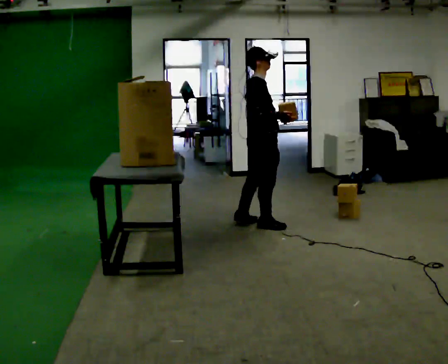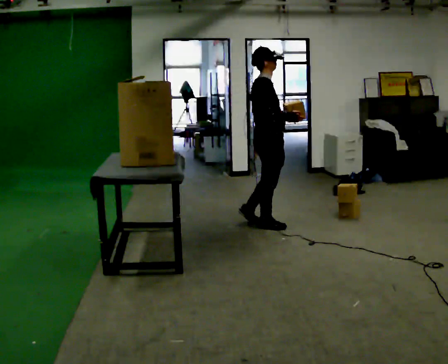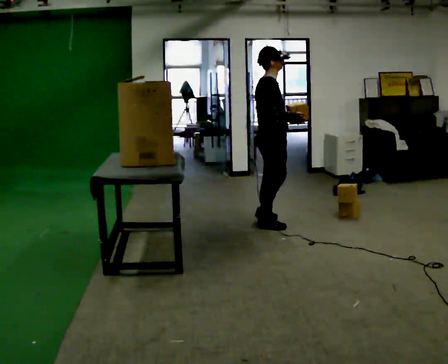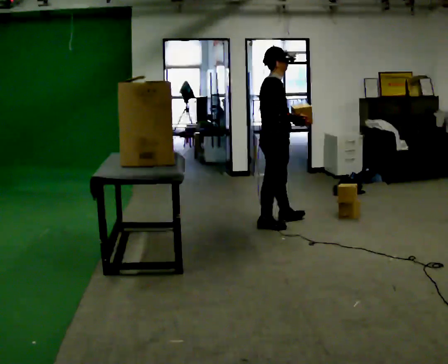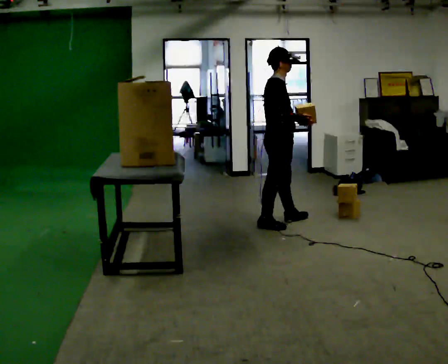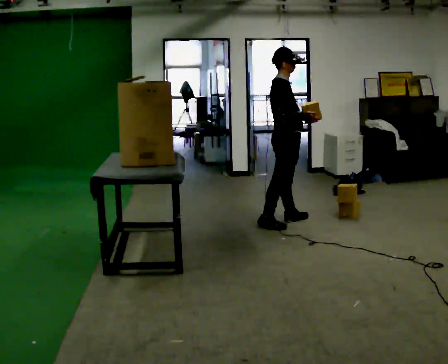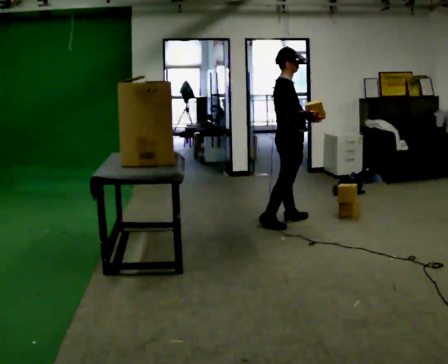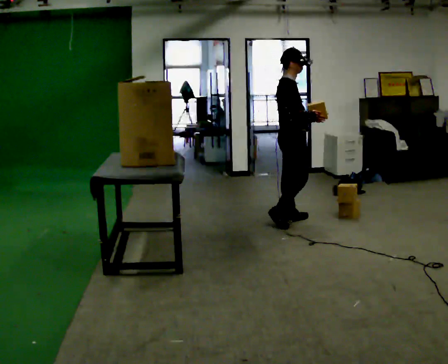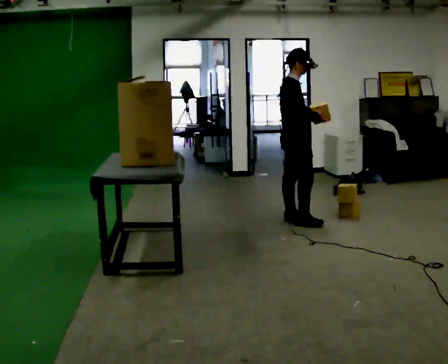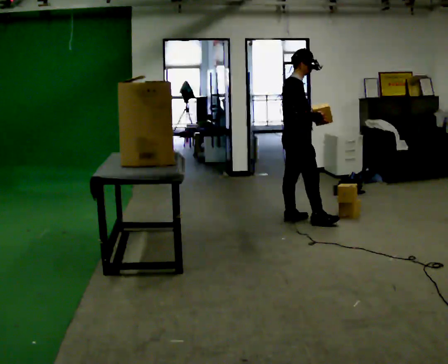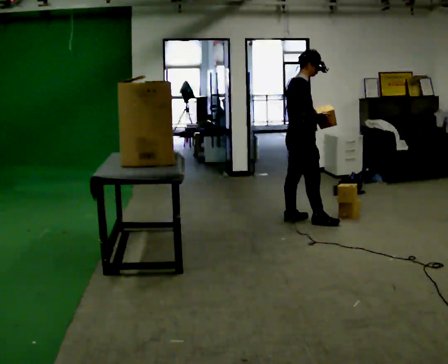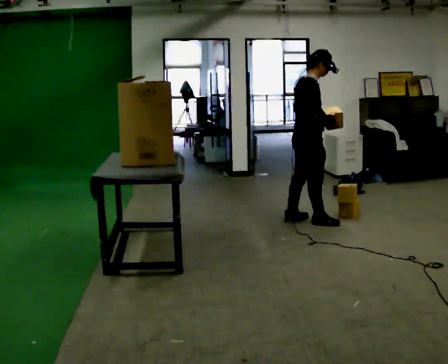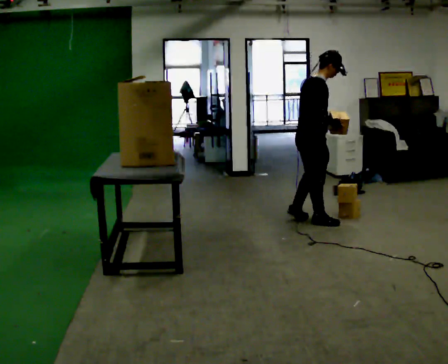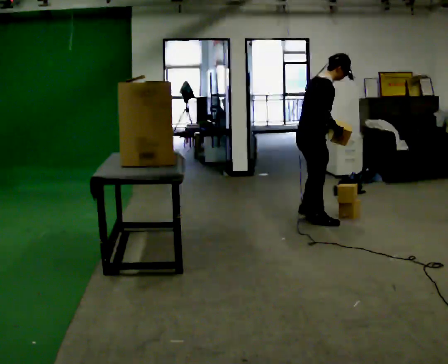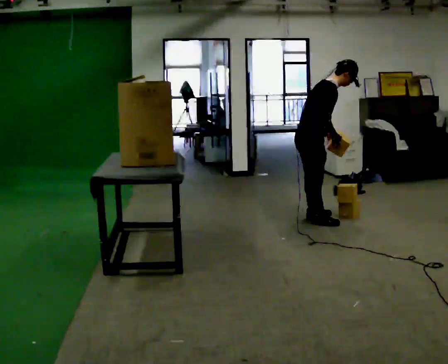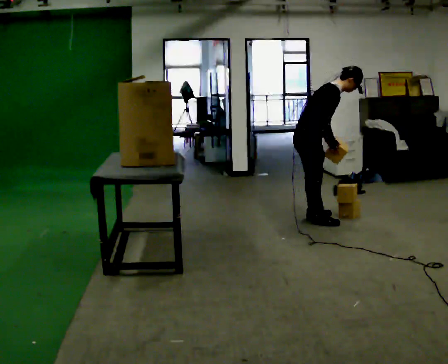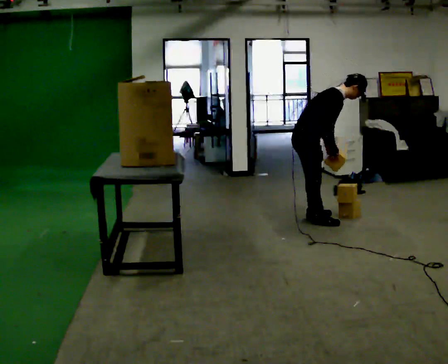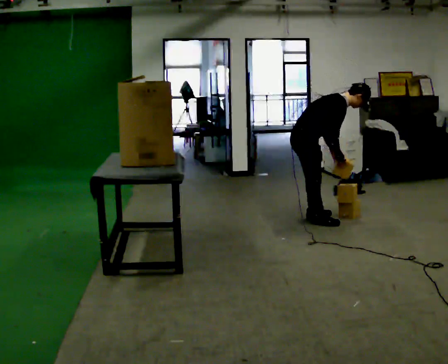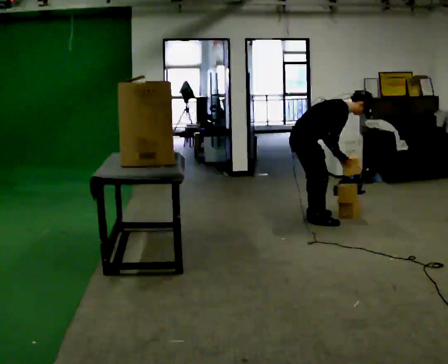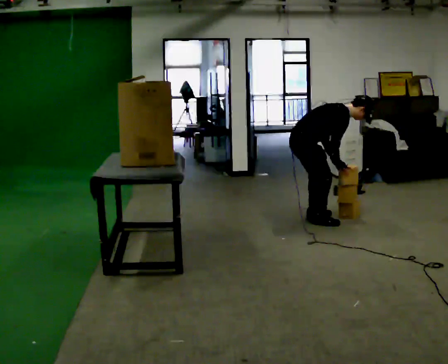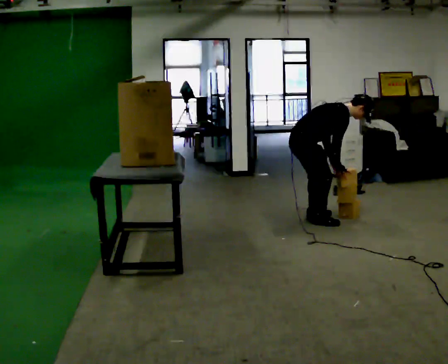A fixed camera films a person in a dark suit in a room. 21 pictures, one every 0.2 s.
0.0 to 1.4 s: In the picture they go to the right and away from the camera, about 0.25 m in 1 step, which for them is forward.
1.4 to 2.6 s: In the picture they go to the right, about 0.25 m in 1 step, which for them is forward and to their right. In the picture the upper body tilts clockwise, shoulders to the right, as they bend forward.
2.6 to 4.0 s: The shoulders move downward. In the picture the upper body tilts clockwise, shoulders to the right, as they bend forward. In the picture their right hand goes downward.
The film runs forward here.
